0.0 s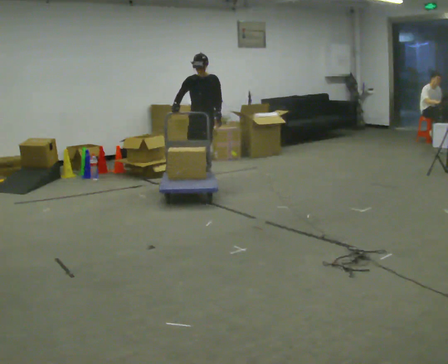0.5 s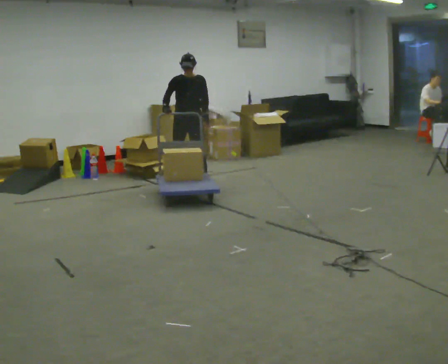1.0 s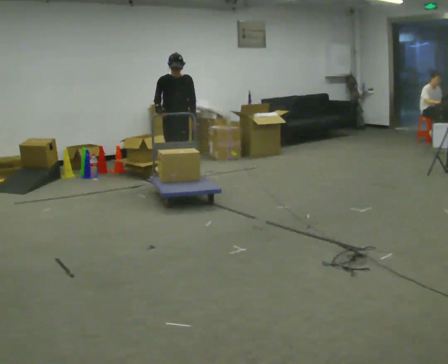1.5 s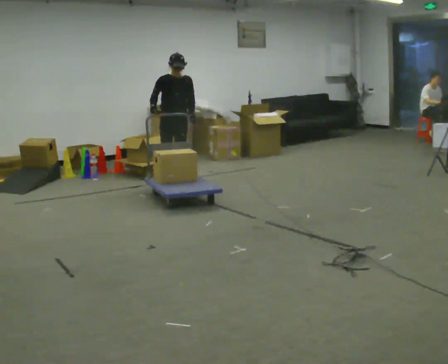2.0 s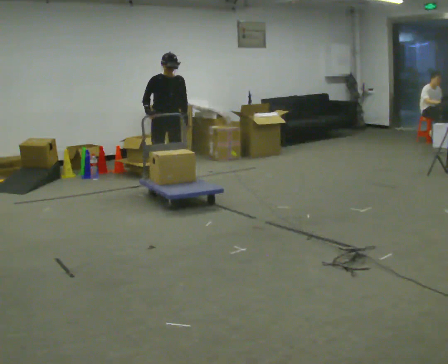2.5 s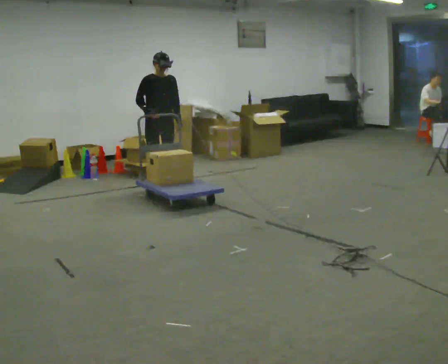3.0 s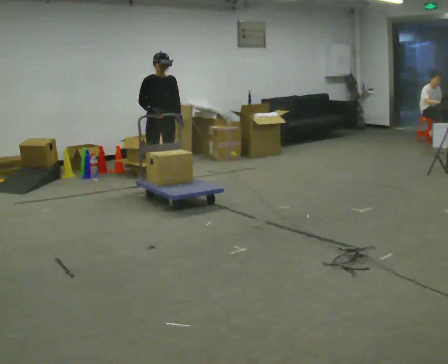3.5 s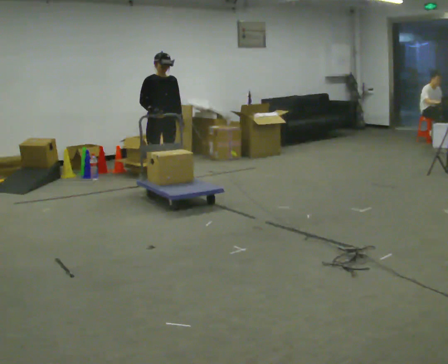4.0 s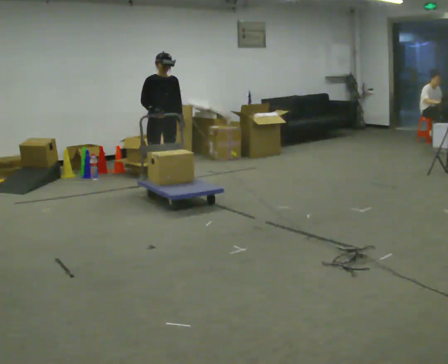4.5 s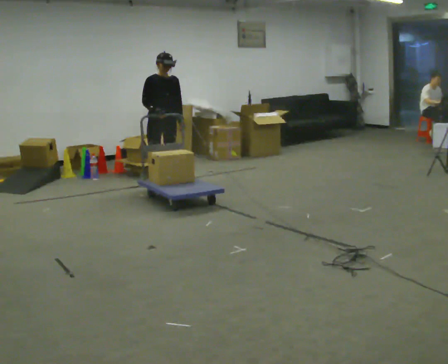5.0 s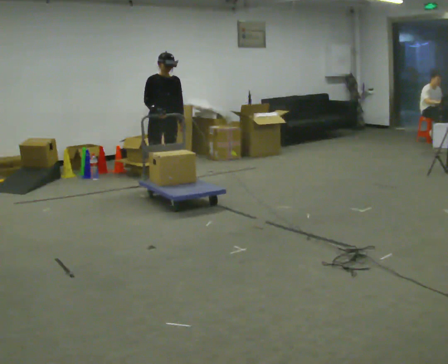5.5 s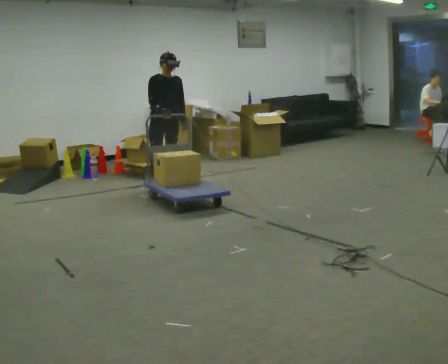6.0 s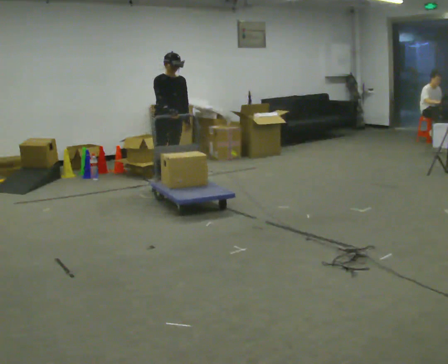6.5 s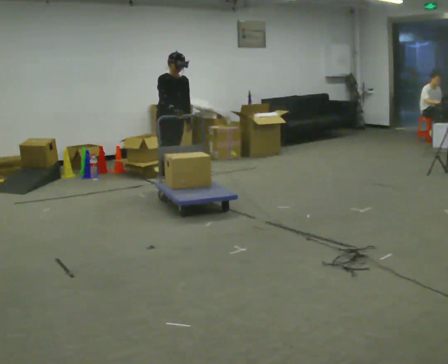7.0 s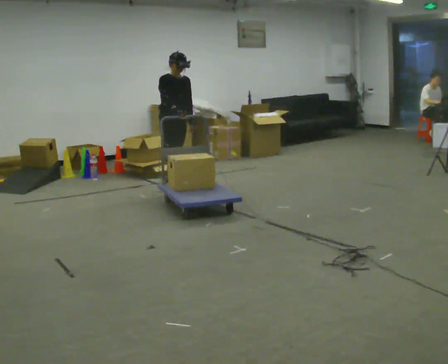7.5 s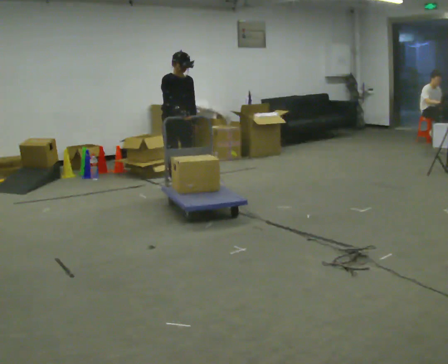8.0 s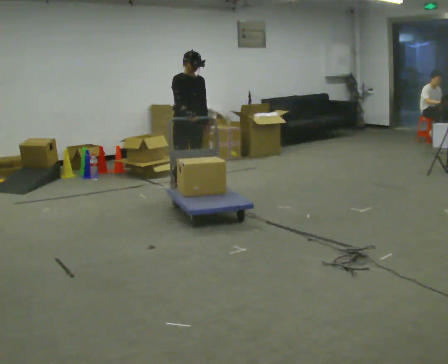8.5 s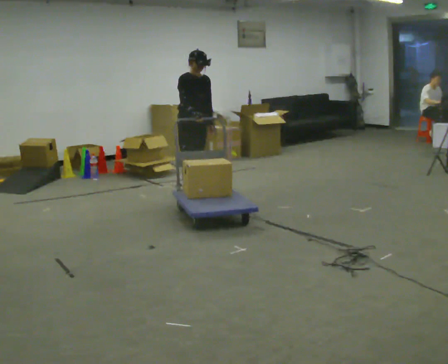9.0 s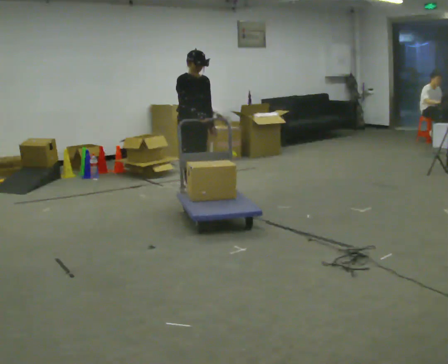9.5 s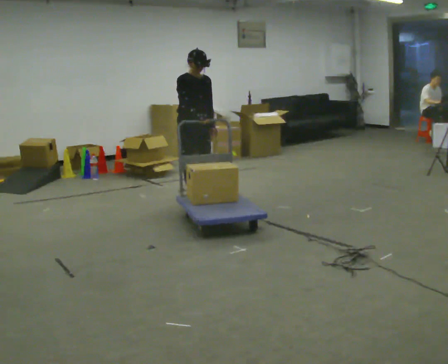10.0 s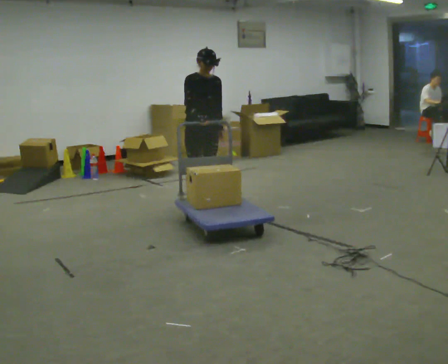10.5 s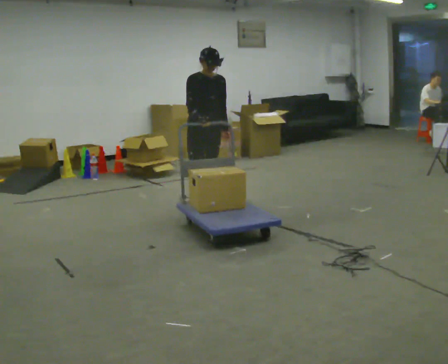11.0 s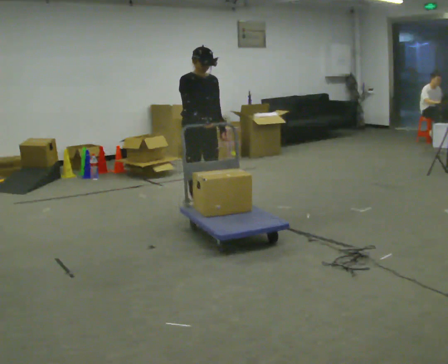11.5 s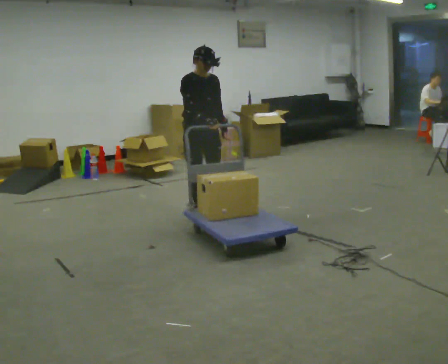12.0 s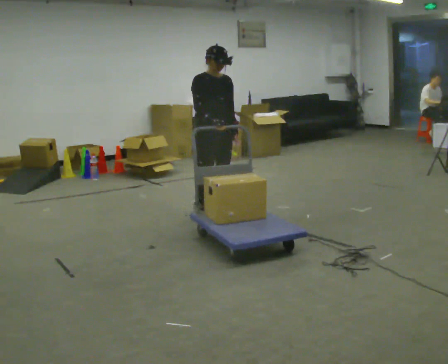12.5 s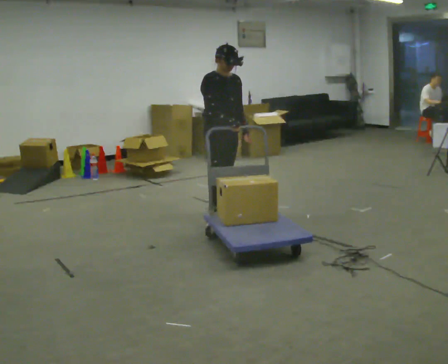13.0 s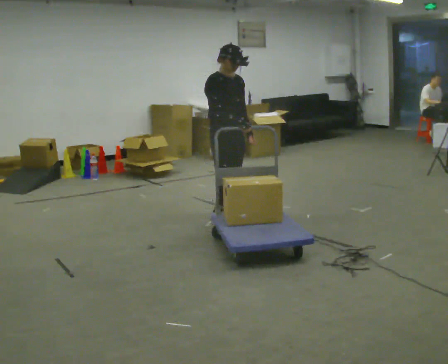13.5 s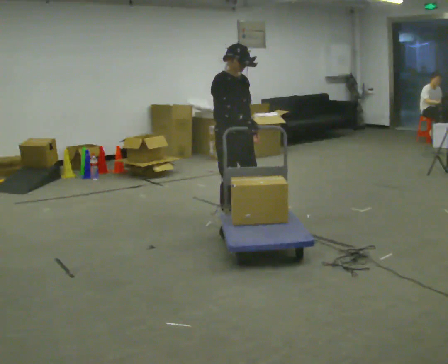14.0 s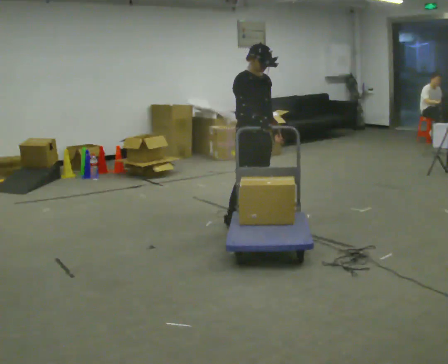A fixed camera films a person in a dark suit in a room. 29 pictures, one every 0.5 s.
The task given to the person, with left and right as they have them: Push the cart across the room using only the hand the operator calls. Keep your other arm at your side.
0.0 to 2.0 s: Seen from above the body turns counterclockwise, about 45 degrees: to their left, with its near side sliding to the right. In the picture they go to the left and toward the camera, about 0.5 m in 3 steps, which for them is to their right and forward.
2.0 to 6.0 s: The person moves a little, or ends about where they began.
6.0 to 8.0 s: In the picture they go toward the camera and to the right, about 0.25 m in 2 steps, which for them is forward.
8.0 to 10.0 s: In the picture they go toward the camera, about 0.5 m in 2 steps, which for them is forward.
10.0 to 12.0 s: In the picture they go toward the camera, about 0.5 m in 2 steps, which for them is forward.
12.0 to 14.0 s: In the picture they go to the right and toward the camera, about 0.25 m in 2 steps, which for them is forward.
The film runs forward here.
